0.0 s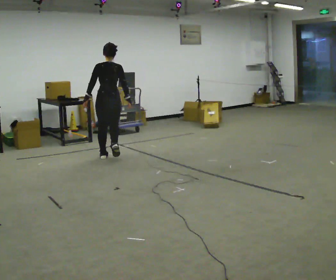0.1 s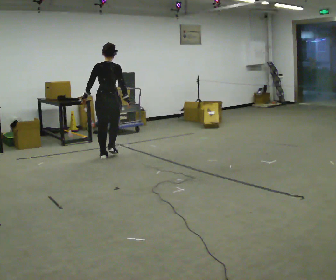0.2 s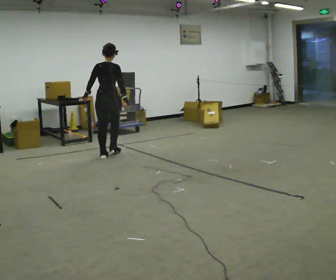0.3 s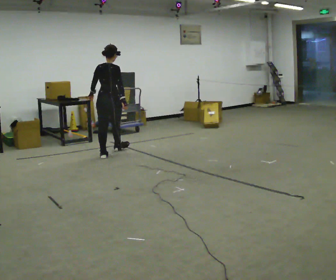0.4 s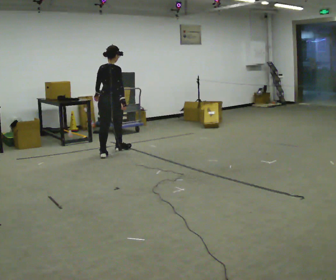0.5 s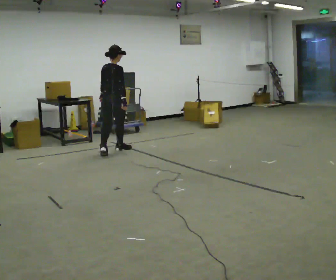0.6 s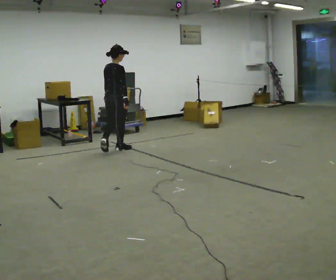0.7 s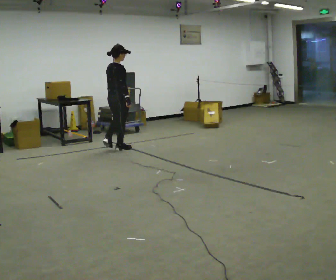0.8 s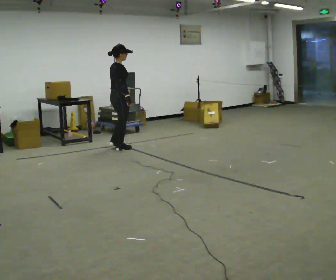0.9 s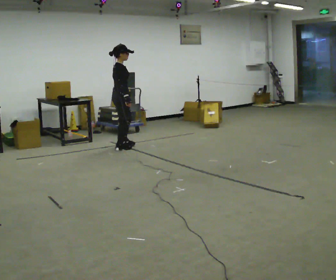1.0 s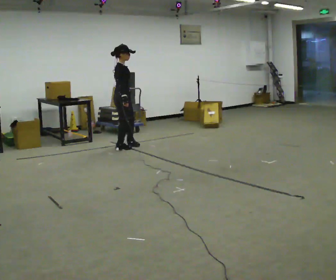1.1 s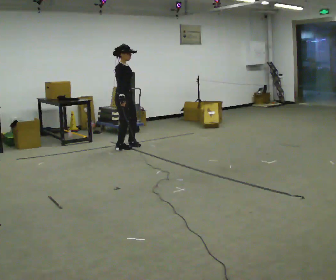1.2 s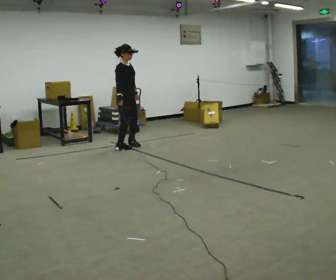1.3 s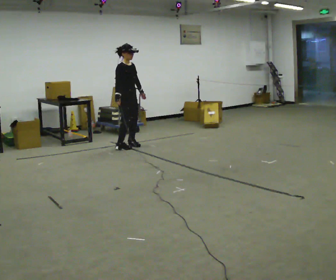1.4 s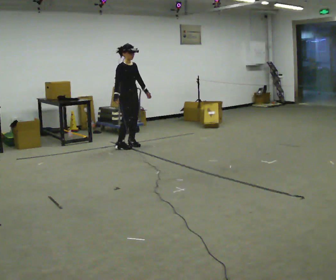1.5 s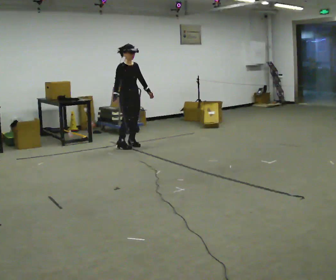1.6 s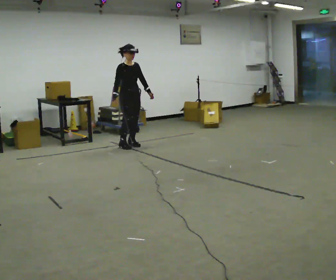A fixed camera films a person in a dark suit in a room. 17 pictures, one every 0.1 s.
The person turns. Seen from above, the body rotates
clockwise.
Their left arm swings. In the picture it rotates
counterclockwise.
0.0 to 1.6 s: Seen from above the body turns clockwise, about 150 degrees: to their right, with its near side sliding to the left. In the picture they go away from the camera and to the right, about 1 m in 2 steps.
The film runs forward here.
